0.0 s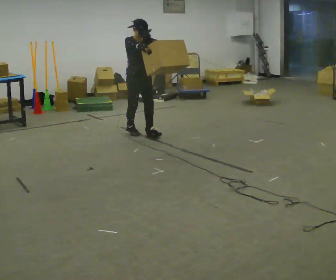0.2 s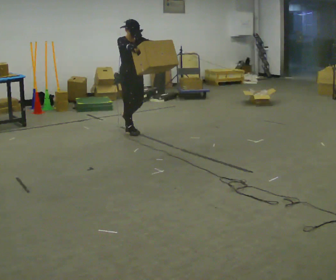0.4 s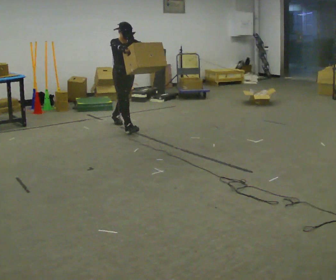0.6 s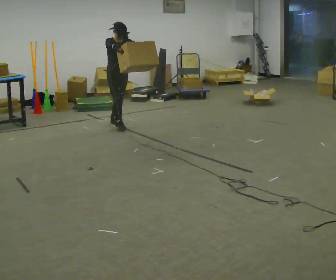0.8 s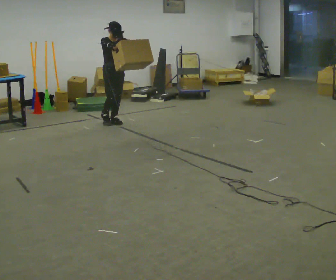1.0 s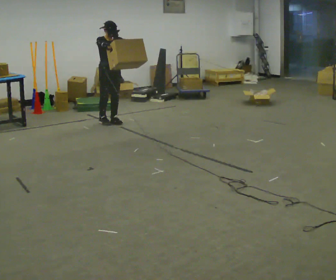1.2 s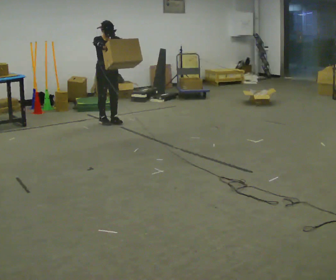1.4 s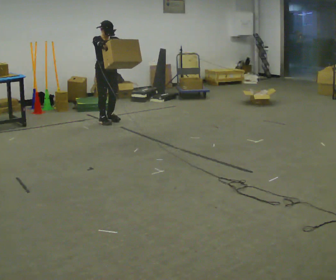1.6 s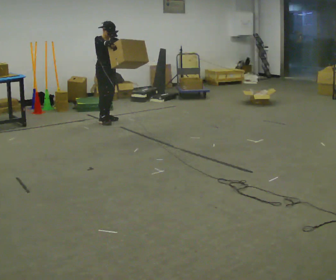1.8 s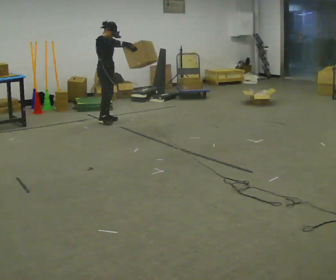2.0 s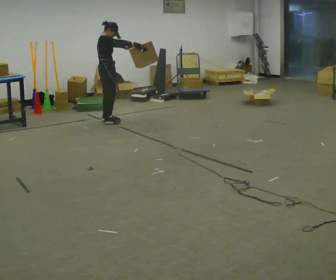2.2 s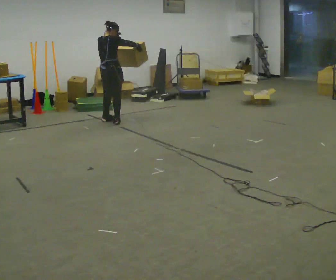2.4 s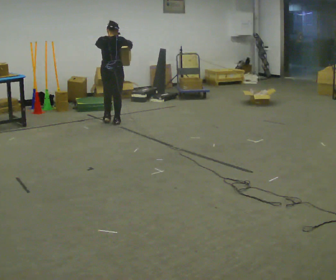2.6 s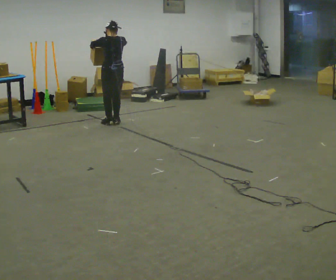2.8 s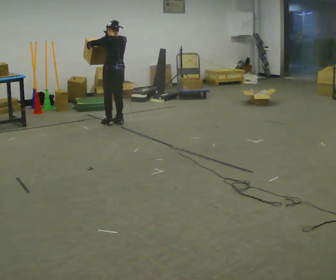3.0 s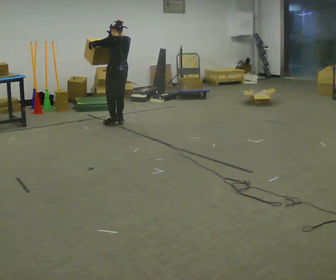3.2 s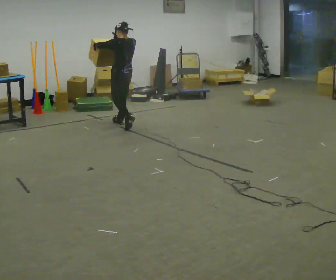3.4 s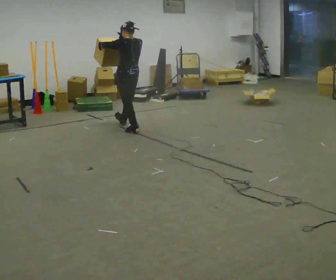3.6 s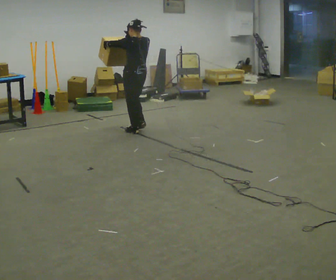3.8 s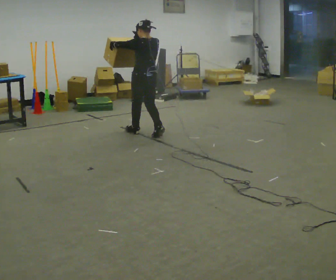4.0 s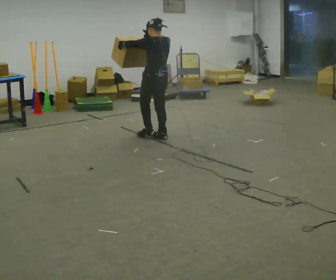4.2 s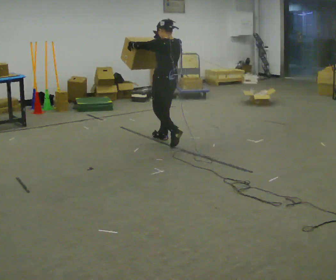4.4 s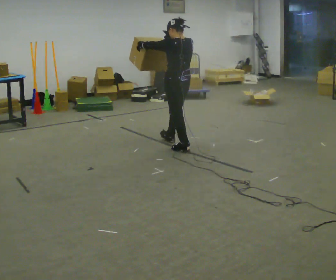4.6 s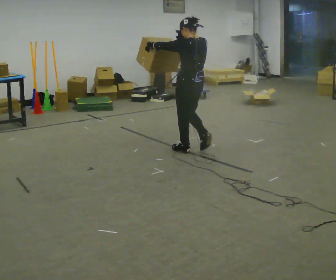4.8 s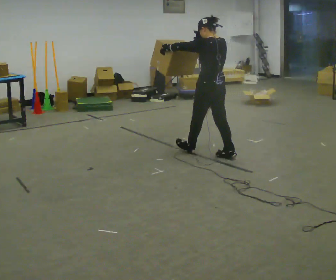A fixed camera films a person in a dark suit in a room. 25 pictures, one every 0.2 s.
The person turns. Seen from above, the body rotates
counterclockwise.
The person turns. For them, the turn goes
to their left.
0.0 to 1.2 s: In the picture they go away from the camera and to the left, about 1 m in 1 step, which for them is backward.
1.2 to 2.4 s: The person turns about 150 degrees to their left, counterclockwise seen from above, so the part of the body nearest the lens slides to the right. In the picture their left hand goes to the left.
2.4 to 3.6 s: The part of the body nearest the lens slides to the right as the person turns to their left by about 45 degrees. In the picture they go toward the camera and to the right, about 0.75 m in 2 steps, which for them is backward.
3.6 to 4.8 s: In the picture they go toward the camera and to the right, about 1.5 m in 3 steps, which for them is backward.
The film runs backward here.
